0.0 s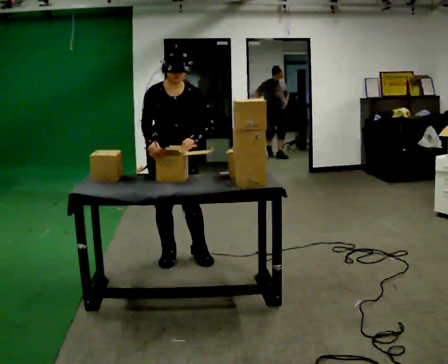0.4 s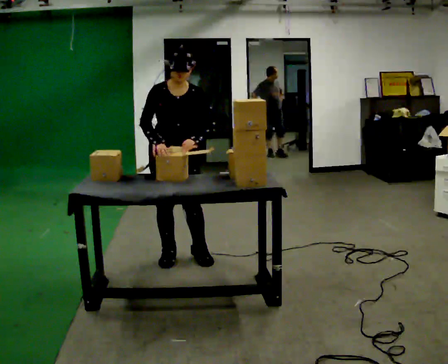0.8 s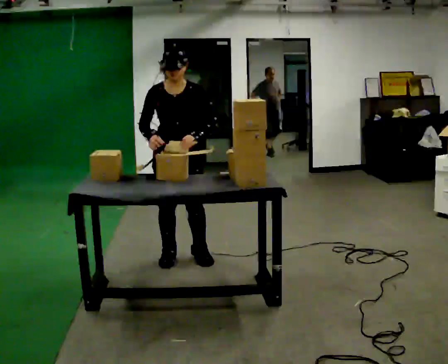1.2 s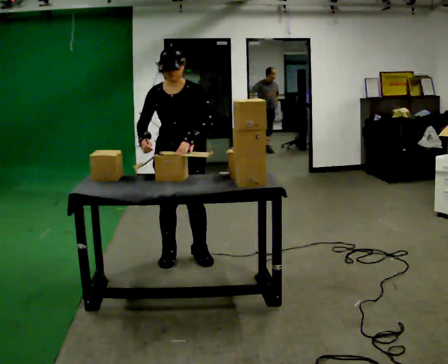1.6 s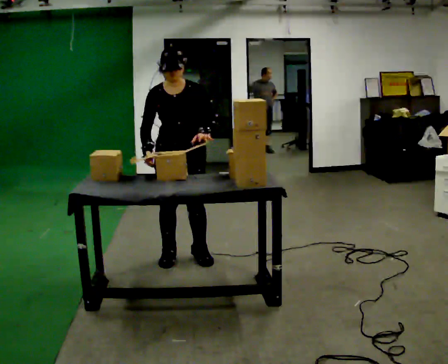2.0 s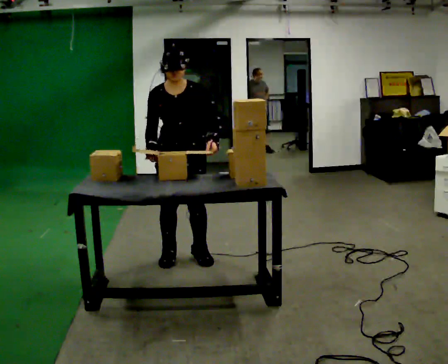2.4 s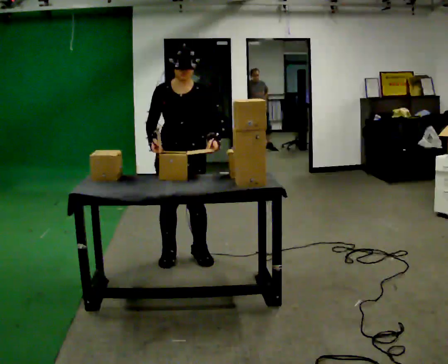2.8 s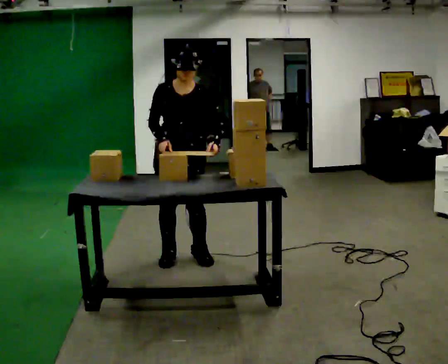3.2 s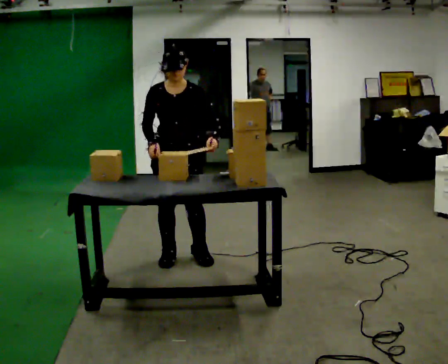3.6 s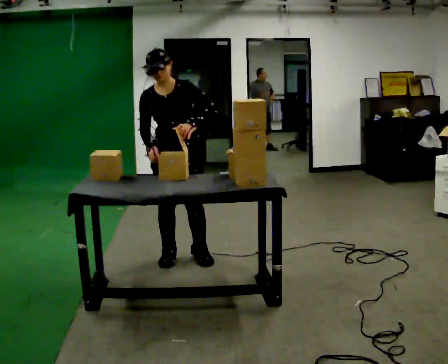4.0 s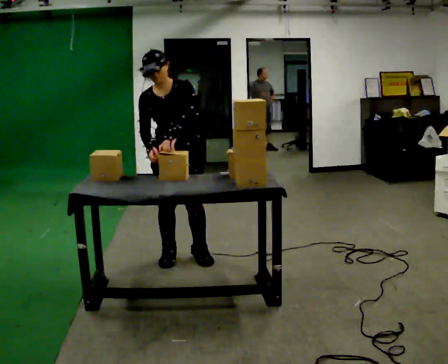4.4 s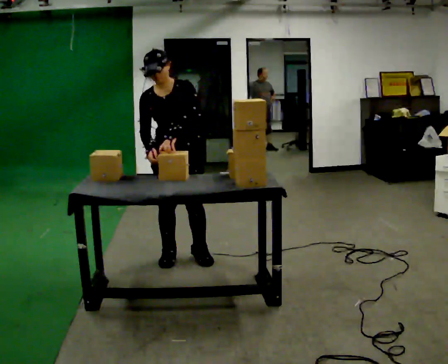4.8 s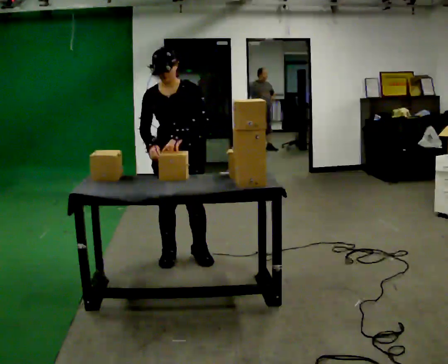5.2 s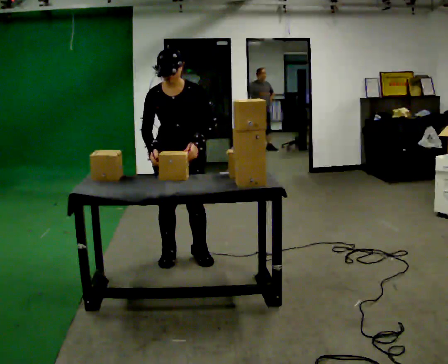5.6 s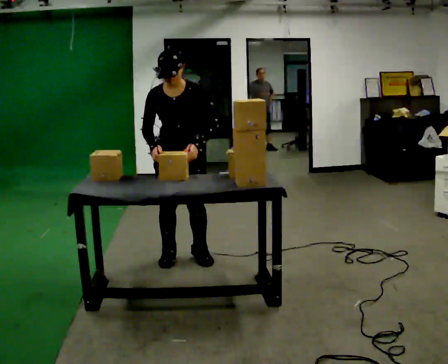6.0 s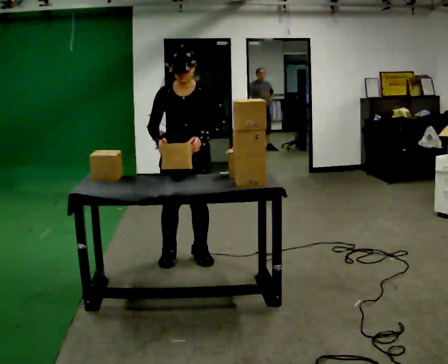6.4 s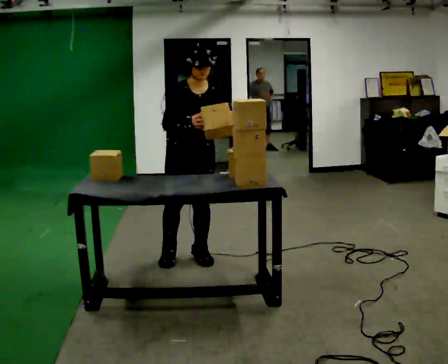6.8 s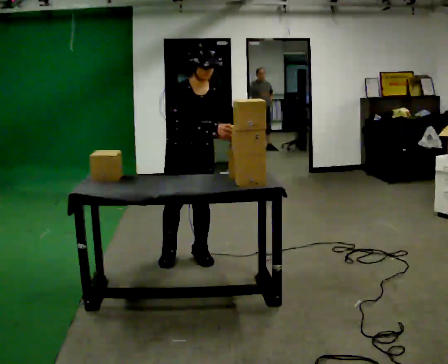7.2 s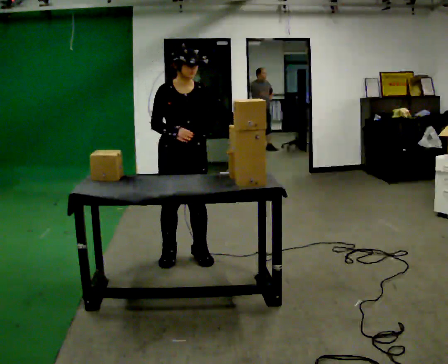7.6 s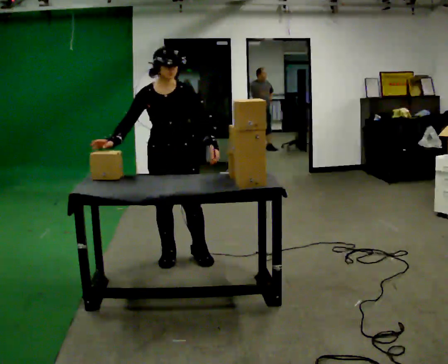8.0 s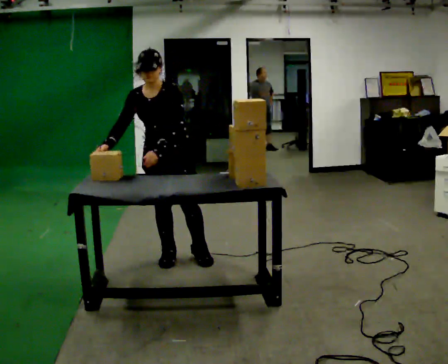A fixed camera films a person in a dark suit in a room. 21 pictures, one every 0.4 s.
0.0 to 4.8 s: The person moves a little, or ends about where they began.
4.8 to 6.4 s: In the picture their left hand goes to the right.
6.4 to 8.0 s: The part of the body nearest the lens slides to the left as the person turns to their right by about 30 degrees. In the picture they go to the left, about 0.25 m, which for them is to their right. In the picture the upper body tilts counterclockwise, shoulders to the left. In the picture their right hand goes to the left.
The film runs backward here.
